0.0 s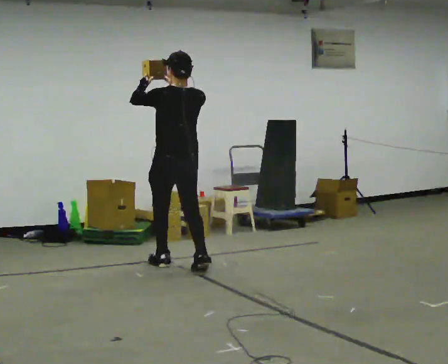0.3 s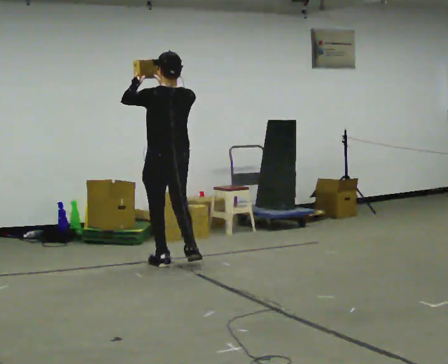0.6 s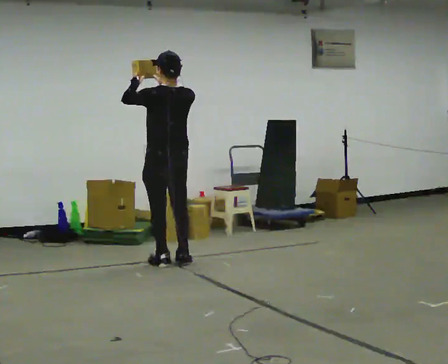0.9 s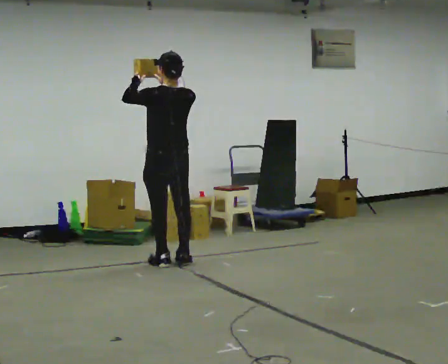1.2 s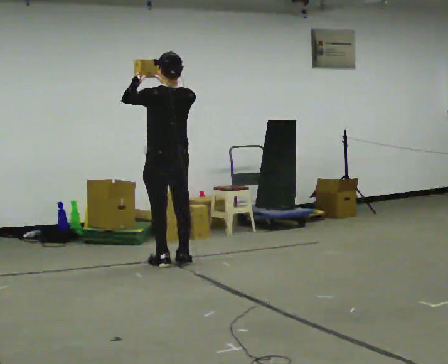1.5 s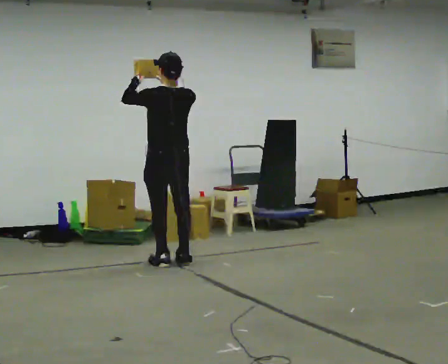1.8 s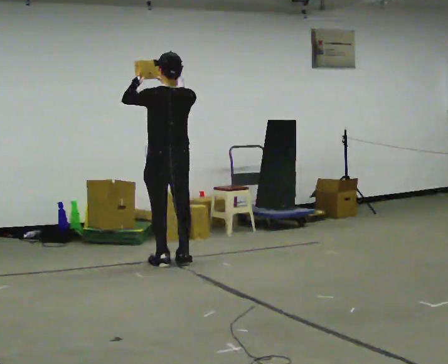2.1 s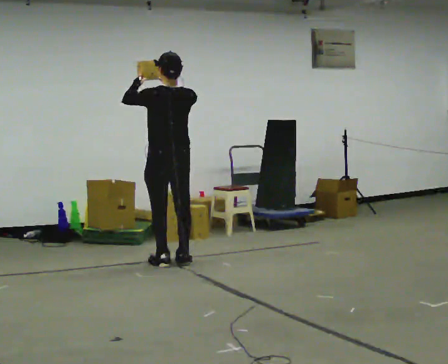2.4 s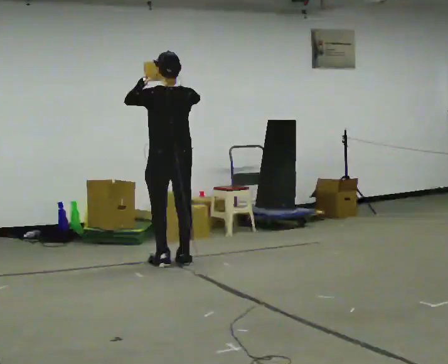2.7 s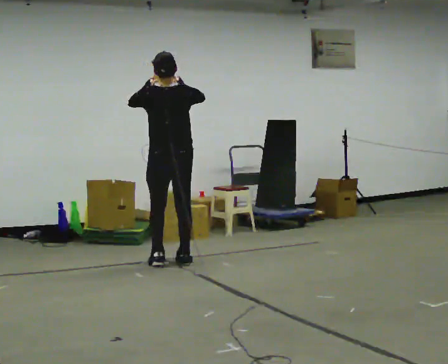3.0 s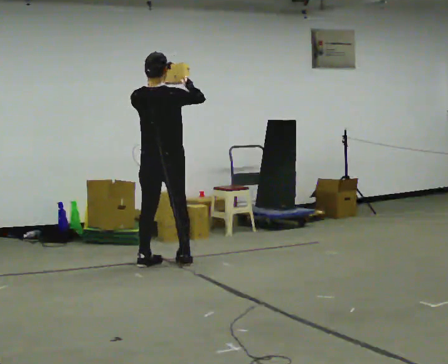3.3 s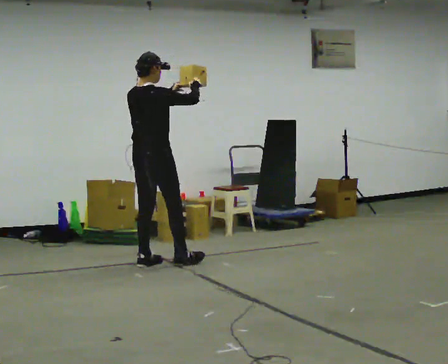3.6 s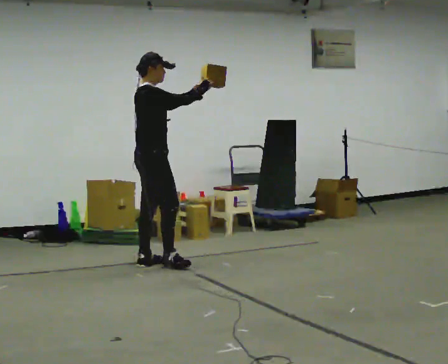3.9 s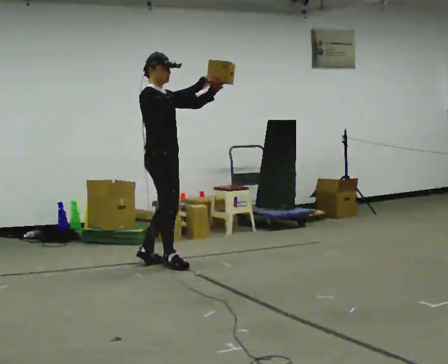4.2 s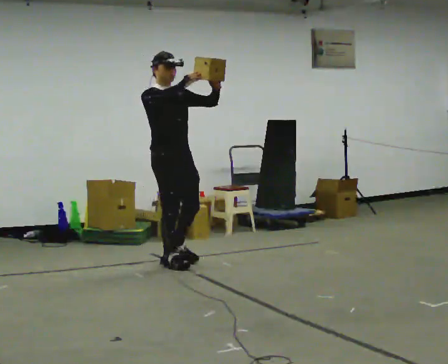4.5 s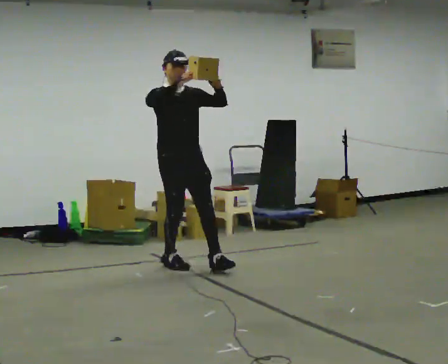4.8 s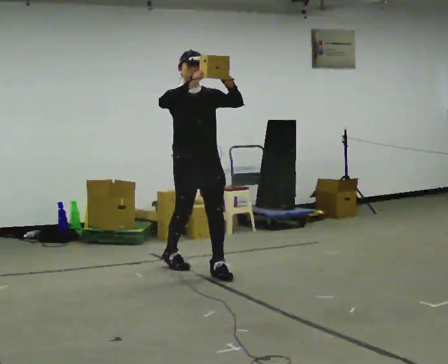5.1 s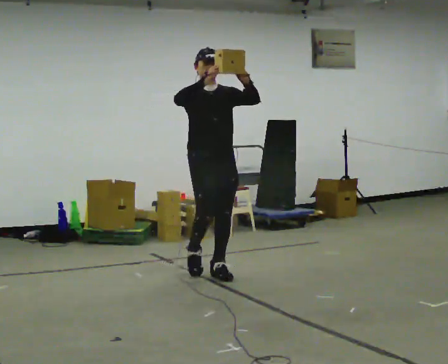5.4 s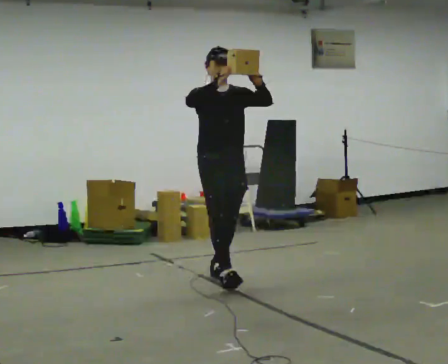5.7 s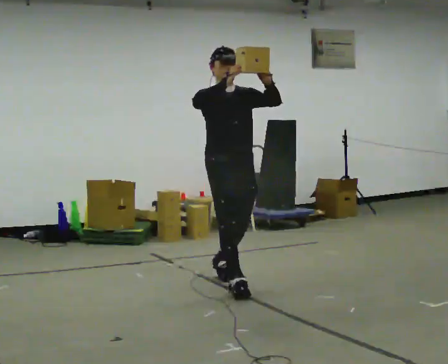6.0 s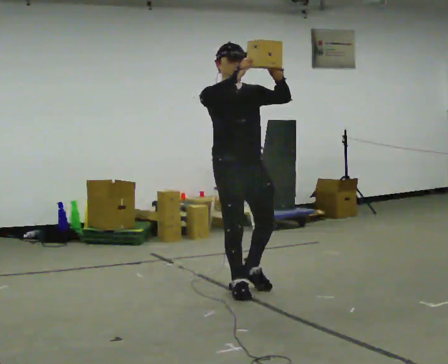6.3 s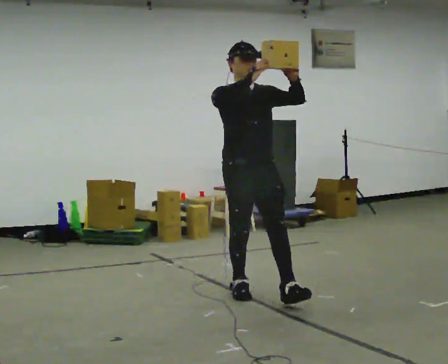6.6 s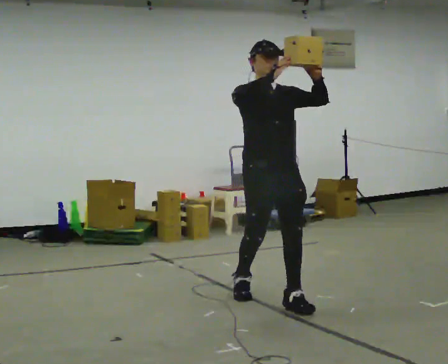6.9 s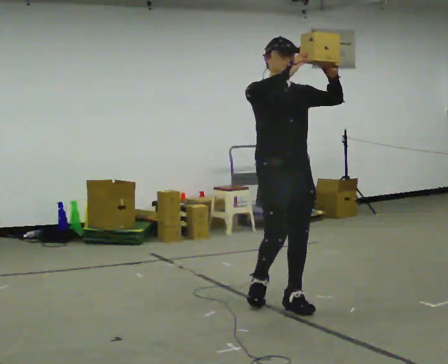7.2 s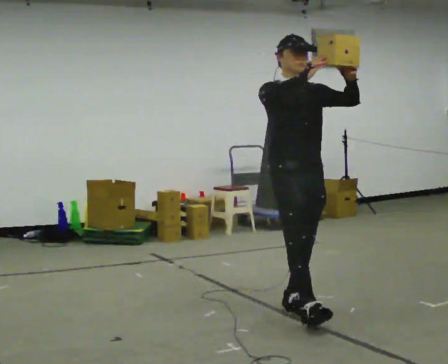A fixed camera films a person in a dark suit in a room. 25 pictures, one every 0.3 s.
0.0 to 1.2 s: In the picture they go away from the camera, about 0.25 m in 1 step, which for them is forward.
1.2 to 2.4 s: The person moves a little, or ends about where they began.
2.4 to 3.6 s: The person turns about 90 degrees to their right, clockwise seen from above, so the part of the body nearest the lens slides to the left. In the picture they go to the left, about 0.25 m. In the picture their left hand goes to the right.
3.6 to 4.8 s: Seen from above the body turns clockwise, about 90 degrees: to their right, with its near side sliding to the left. In the picture they go to the right and toward the camera, about 0.5 m in 1 step.
4.8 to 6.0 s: In the picture they go toward the camera, about 1 m in 1 step, which for them is forward.
6.0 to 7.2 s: In the picture they go toward the camera and to the right, about 0.5 m in 1 step, which for them is forward.
The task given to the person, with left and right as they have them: Carry the object held up above your head, walking back and forth across the room.
The film runs forward here.
